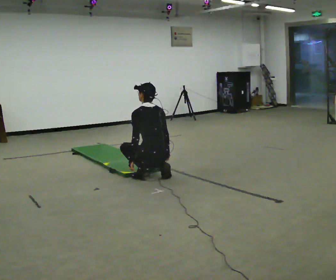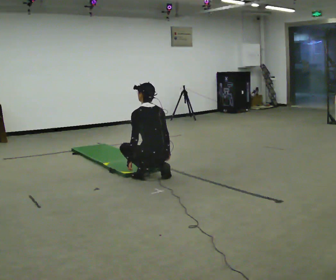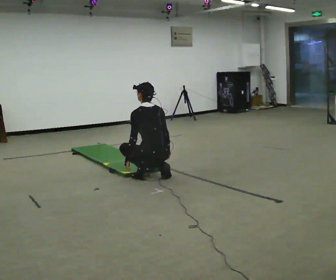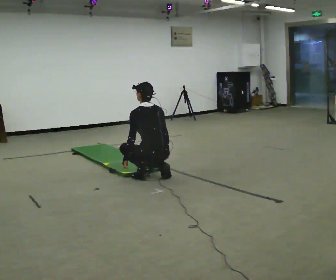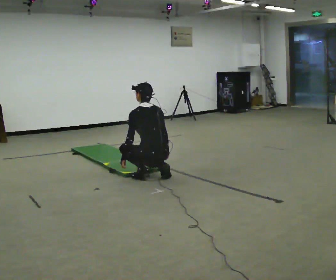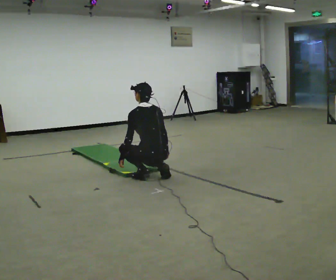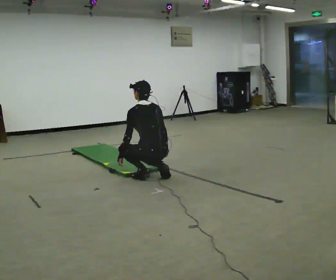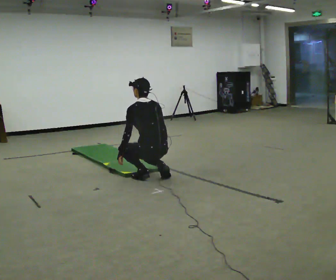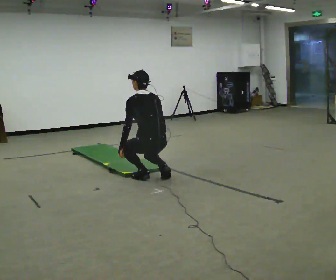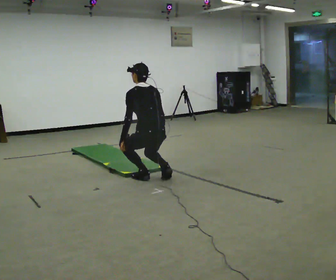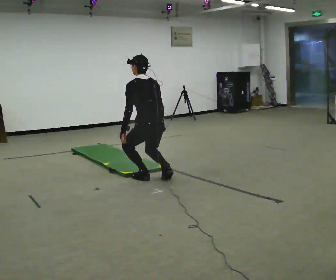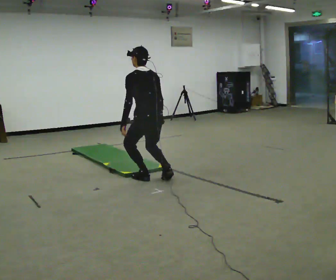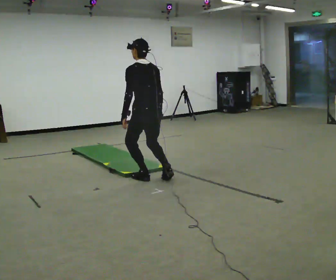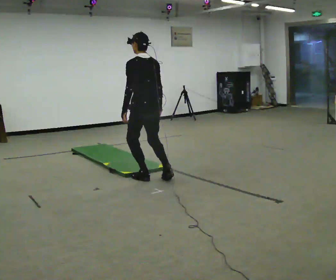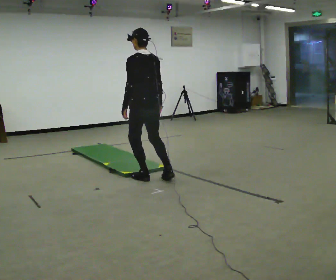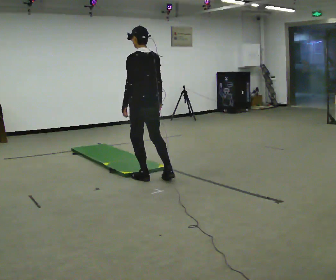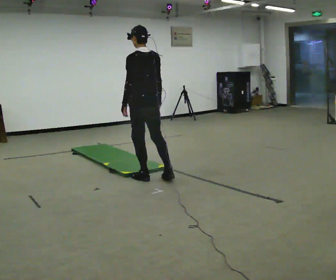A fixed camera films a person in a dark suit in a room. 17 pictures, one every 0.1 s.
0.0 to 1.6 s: The upper body goes upward. In the picture their left hand goes upward.
The film runs backward here.
